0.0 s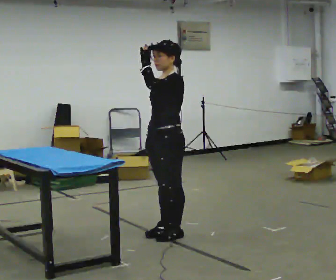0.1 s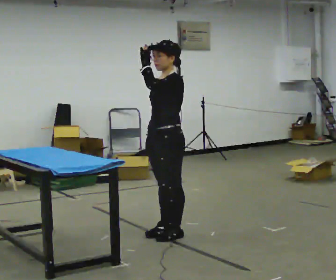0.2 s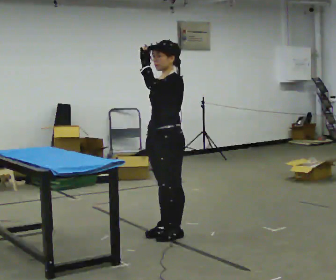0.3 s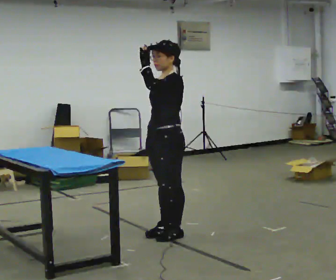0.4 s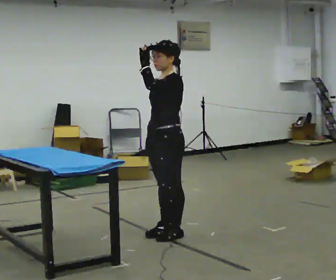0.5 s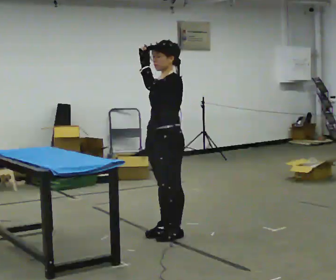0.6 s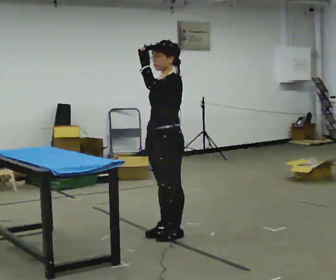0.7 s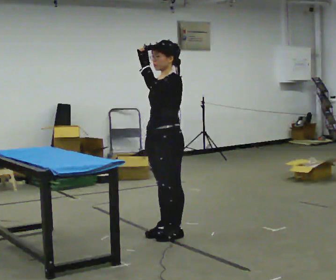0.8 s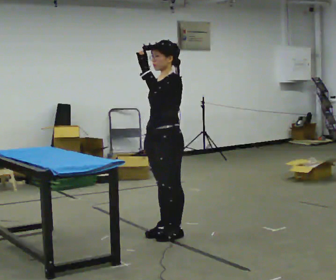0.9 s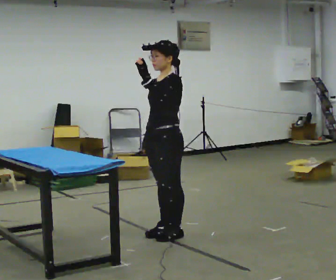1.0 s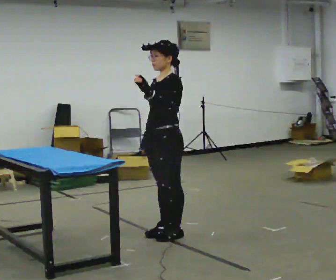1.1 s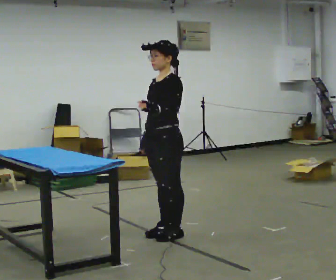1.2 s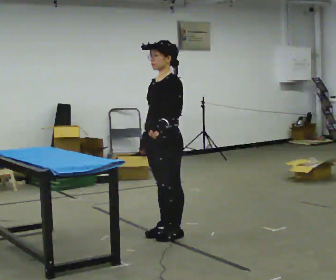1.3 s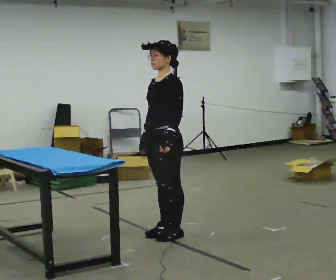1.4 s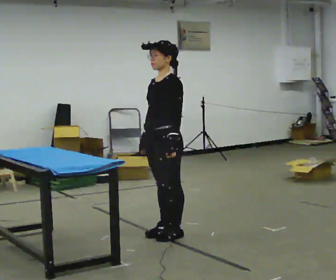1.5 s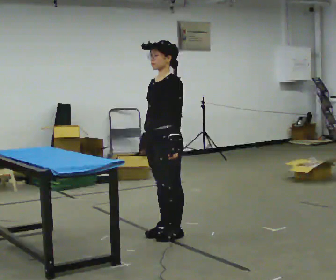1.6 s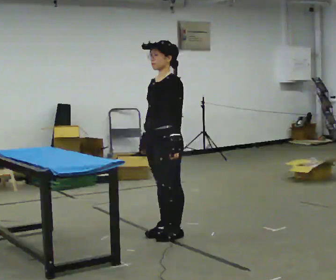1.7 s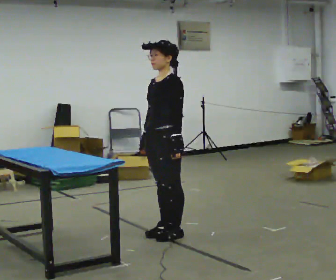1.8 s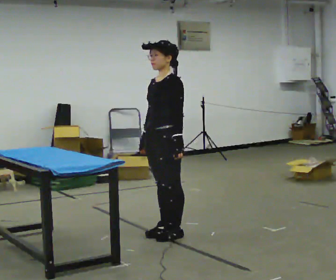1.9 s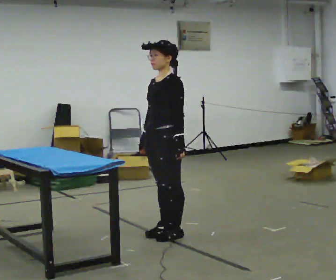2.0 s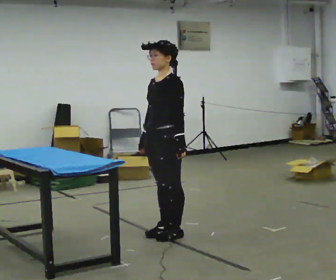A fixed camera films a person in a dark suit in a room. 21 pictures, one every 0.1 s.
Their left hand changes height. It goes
downward.
0.0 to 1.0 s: The person moves a little, or ends about where they began.
1.0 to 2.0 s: In the picture their left hand goes downward.
The film runs backward here.
